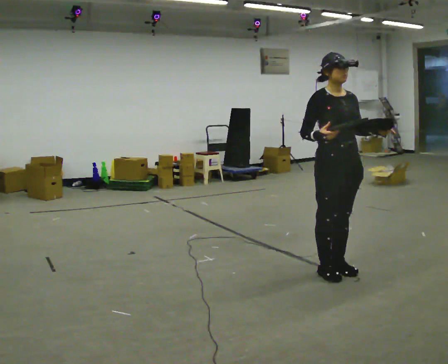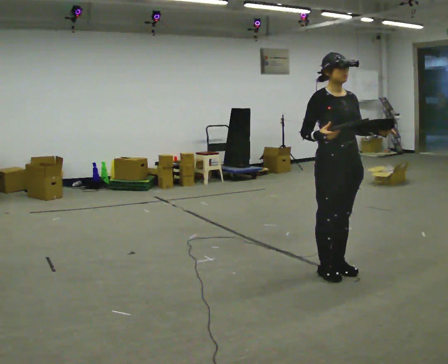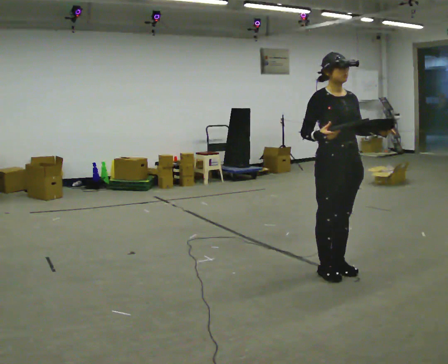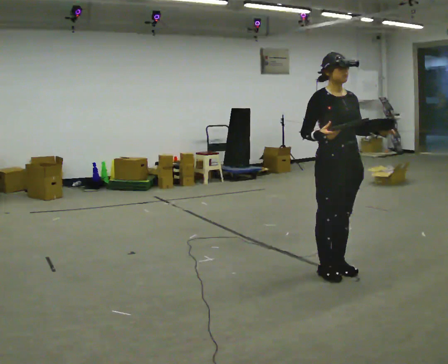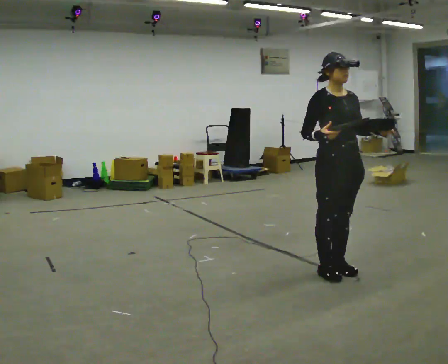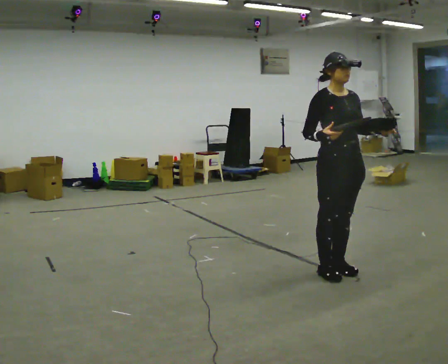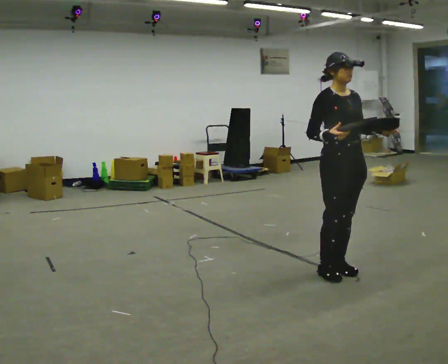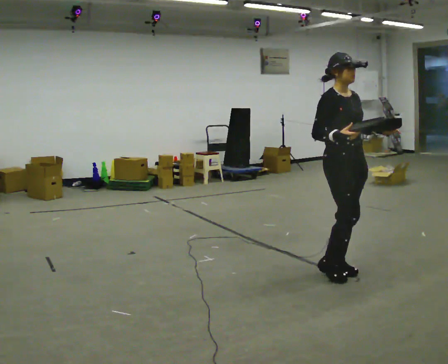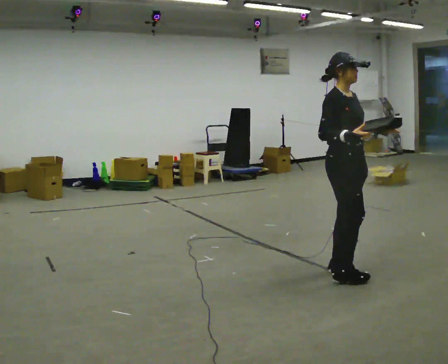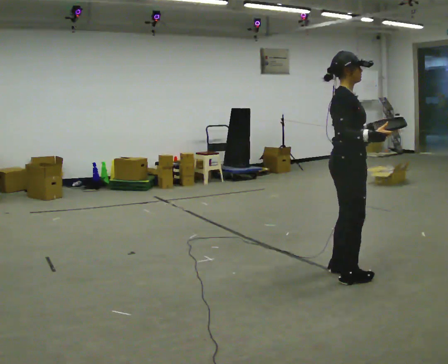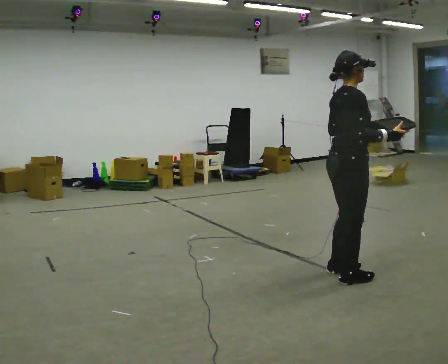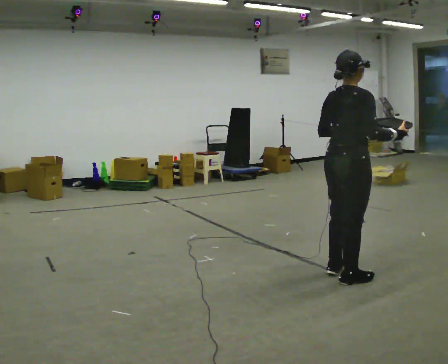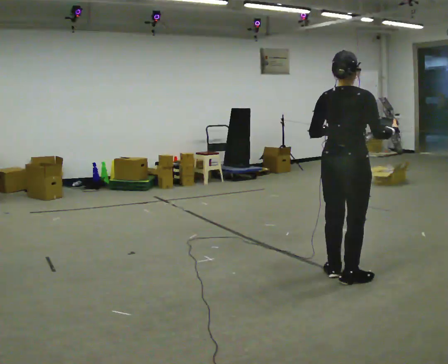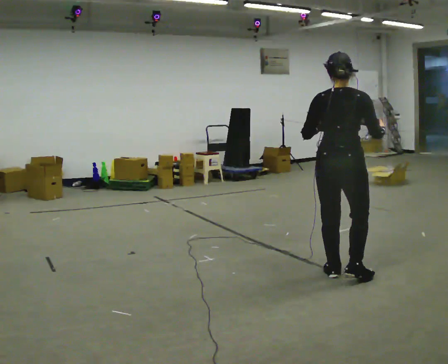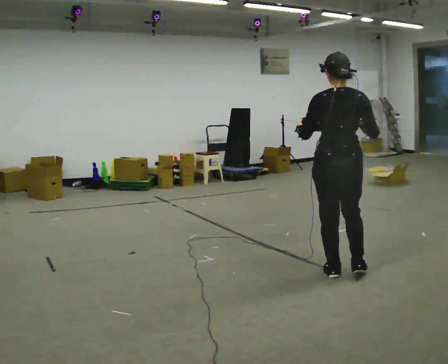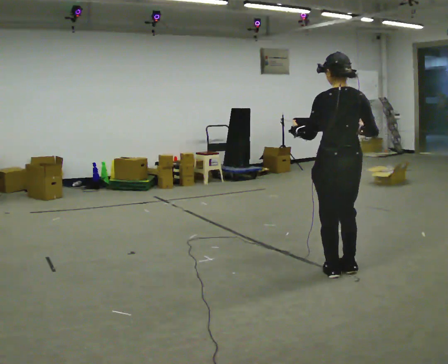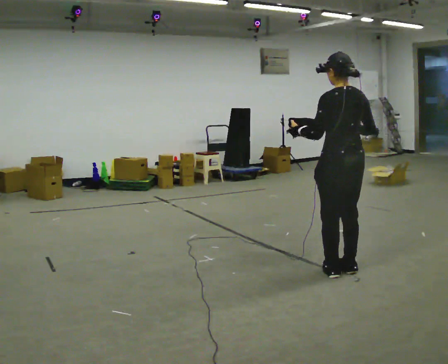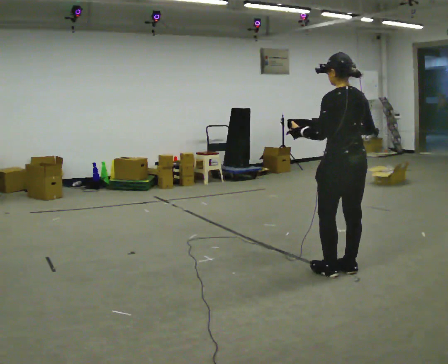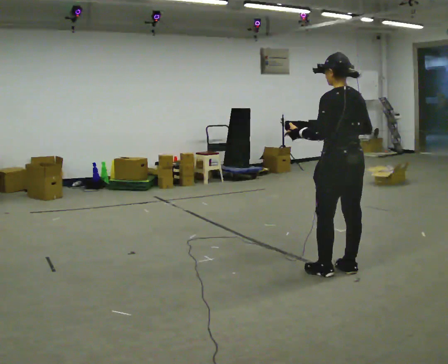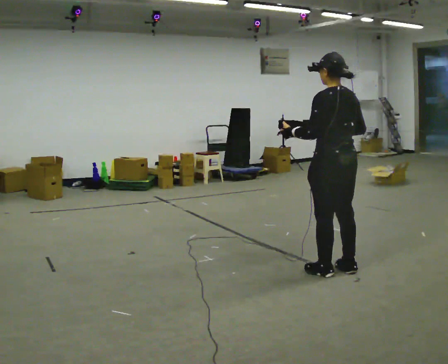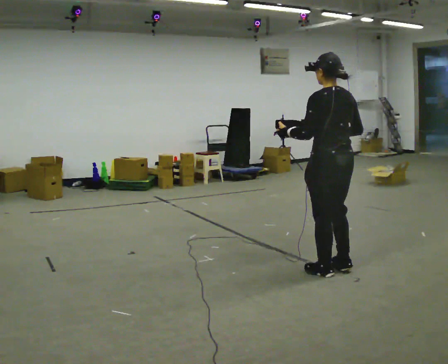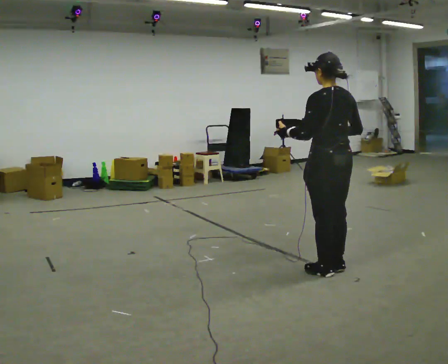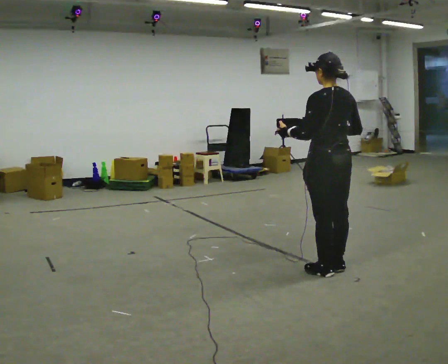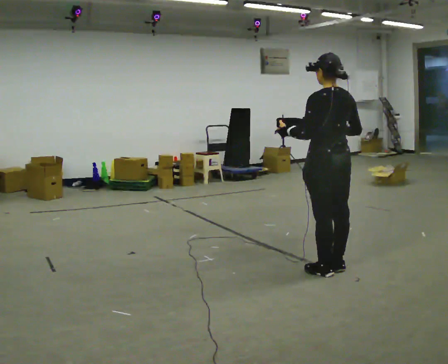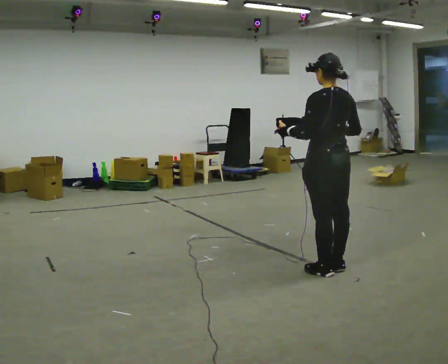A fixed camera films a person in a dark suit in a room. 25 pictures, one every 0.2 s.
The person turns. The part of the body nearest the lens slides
to the right.
The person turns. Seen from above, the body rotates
counterclockwise.
0.0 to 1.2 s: The person moves a little, or ends about where they began.
1.2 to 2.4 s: Seen from above the body turns counterclockwise, about 105 degrees: to their left, with its near side sliding to the right. In the picture their right hand goes to the right.
2.4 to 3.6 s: The person turns about 75 degrees to their left, counterclockwise seen from above, so the part of the body nearest the lens slides to the right.
3.6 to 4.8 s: The person moves a little, or ends about where they began.
The film runs forward here.
